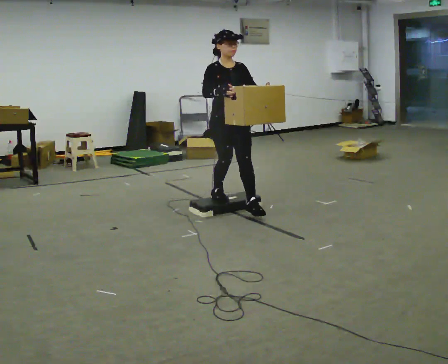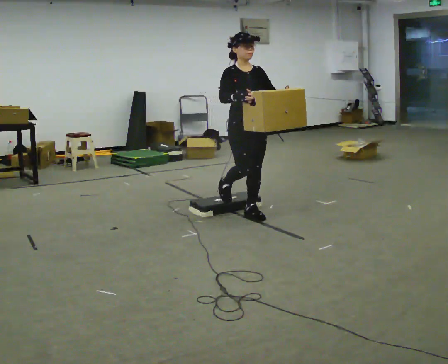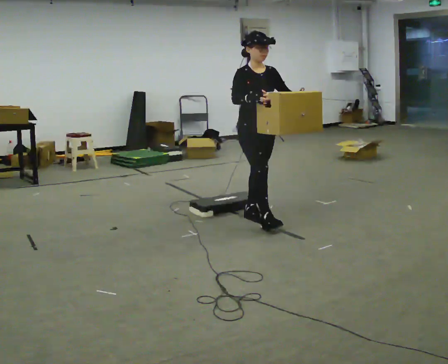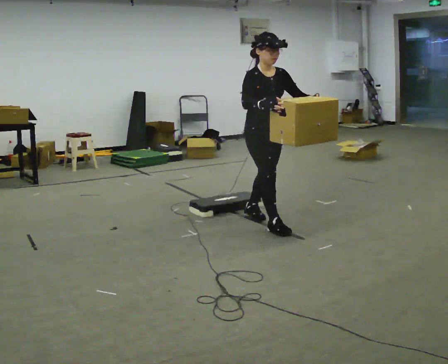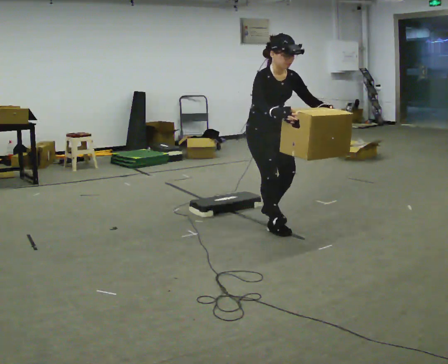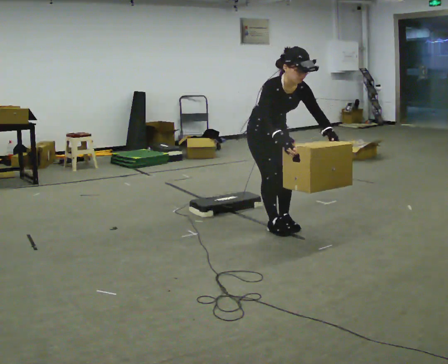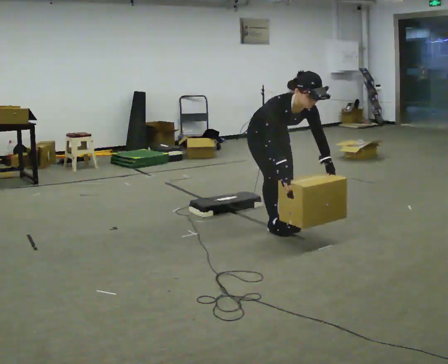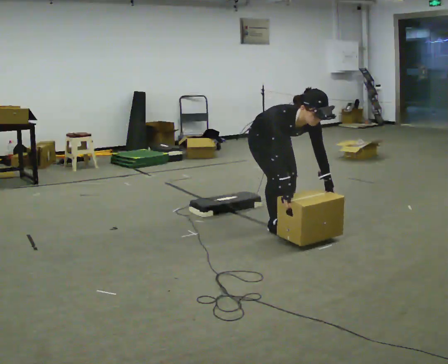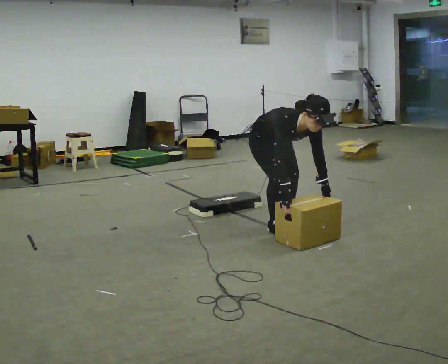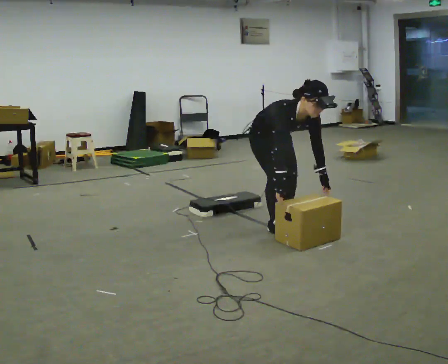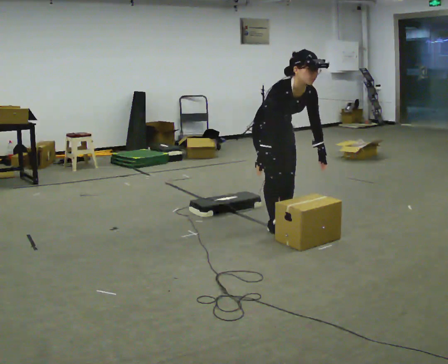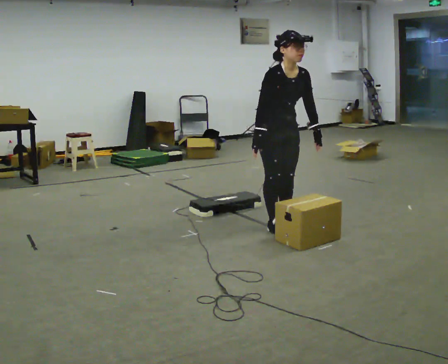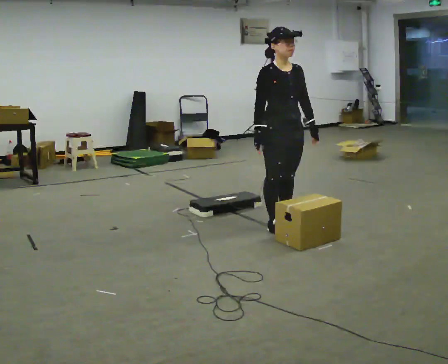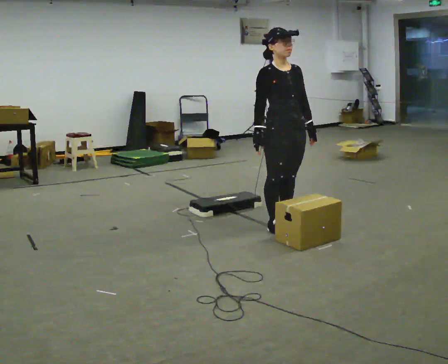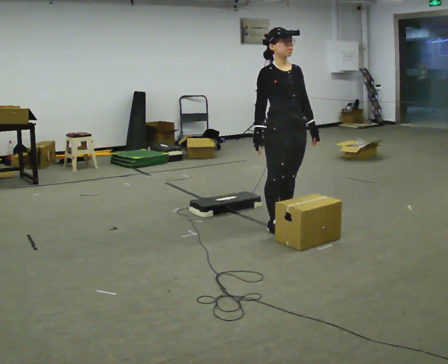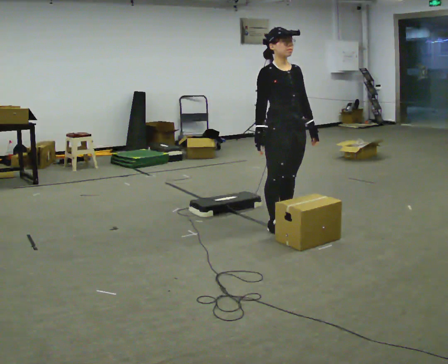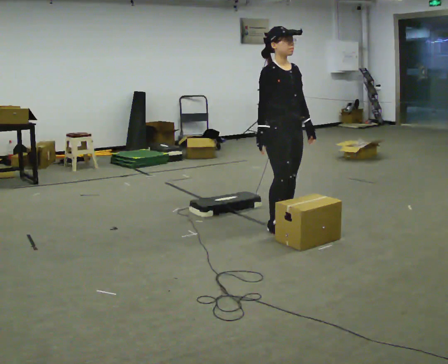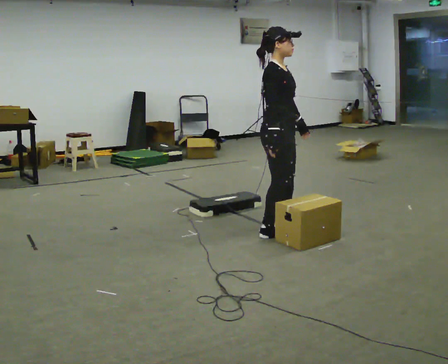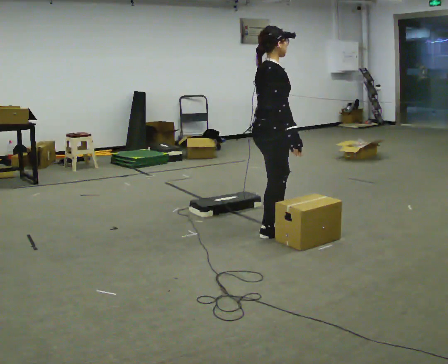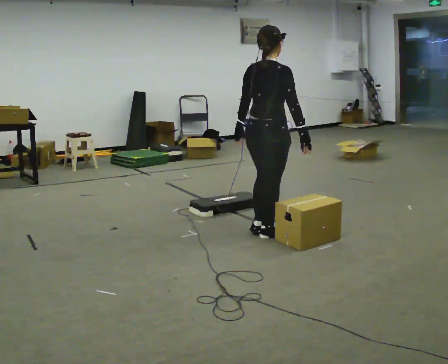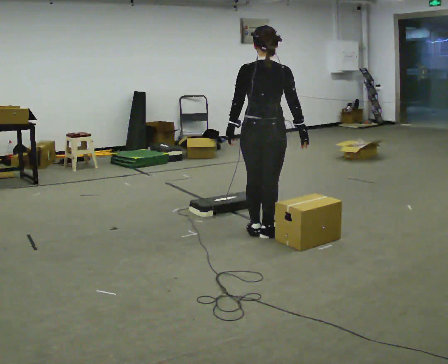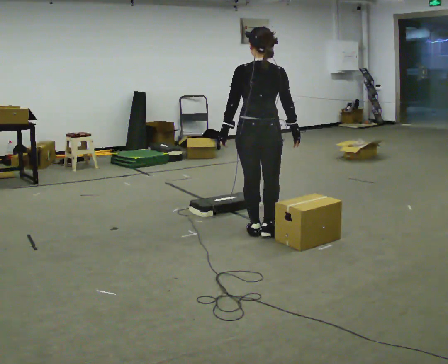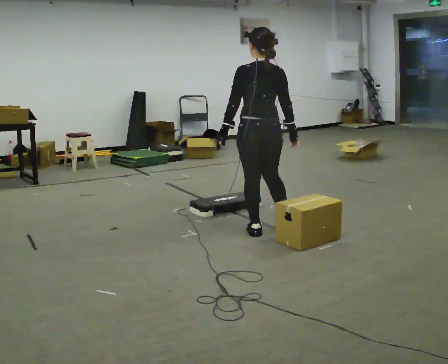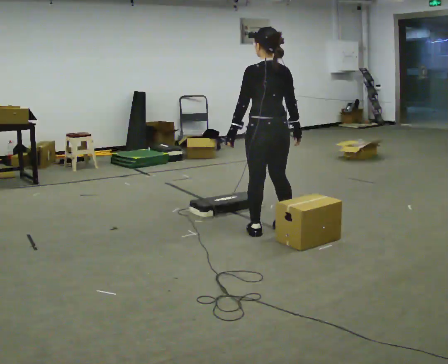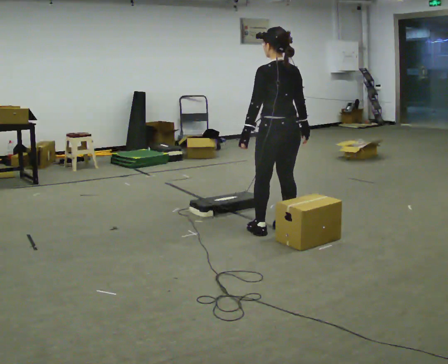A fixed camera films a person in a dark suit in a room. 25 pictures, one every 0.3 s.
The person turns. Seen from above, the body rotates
counterclockwise.
The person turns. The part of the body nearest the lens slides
to the right.
0.0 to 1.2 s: In the picture they go toward the camera and to the right, about 0.5 m in 1 step, which for them is forward. The upper body tips toward the camera, its near side rolling downward, as they bend forward.
1.2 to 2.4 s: The shoulders move downward. The upper body tips toward the camera, its near side rolling downward, as they bend forward. In the picture their left hand goes downward.
2.4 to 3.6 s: The upper body goes upward. The upper body tips away from the camera, its near side rolling upward, as they lean back or straighten. In the picture their right hand goes upward.
3.6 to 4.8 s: The person moves a little, or ends about where they began.
4.8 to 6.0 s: The part of the body nearest the lens slides to the right as the person turns to their left by about 120 degrees. In the picture they go toward the camera, about 0.25 m in 2 steps. In the picture their left hand goes to the left, the arm swinging clockwise.
6.0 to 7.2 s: The part of the body nearest the lens slides to the right as the person turns to their left by about 45 degrees.
The film runs forward here.
